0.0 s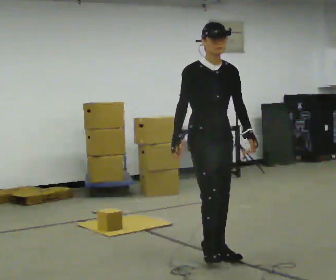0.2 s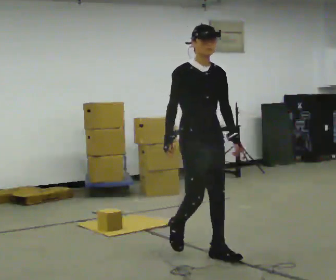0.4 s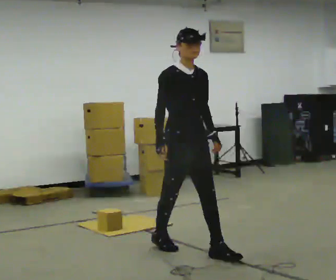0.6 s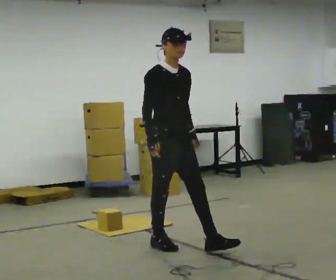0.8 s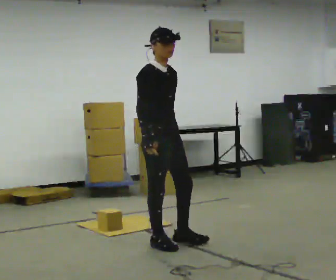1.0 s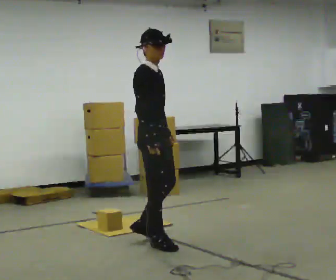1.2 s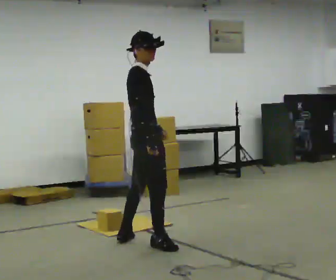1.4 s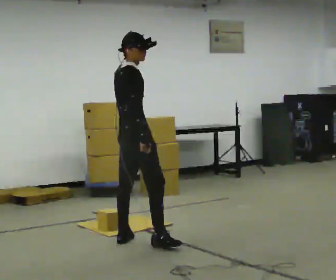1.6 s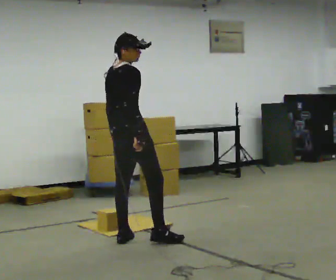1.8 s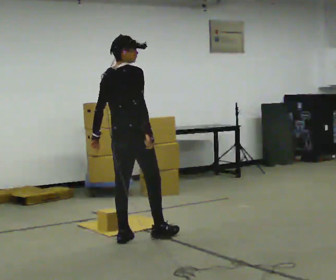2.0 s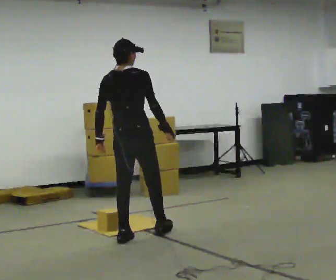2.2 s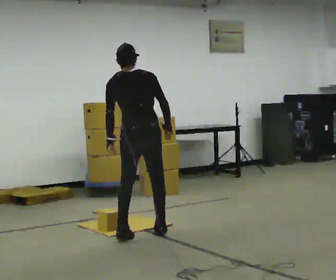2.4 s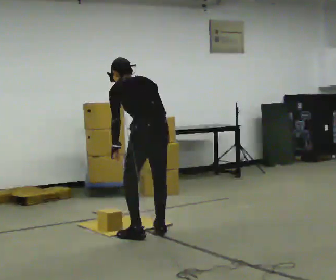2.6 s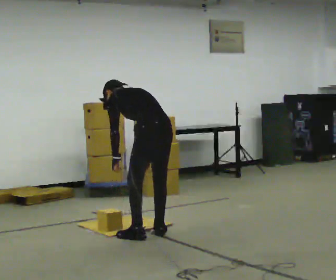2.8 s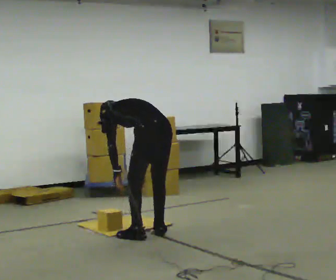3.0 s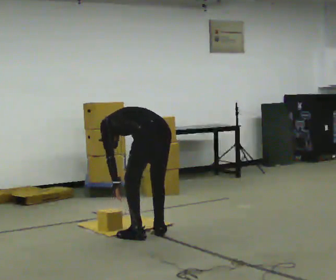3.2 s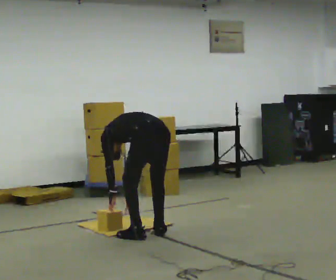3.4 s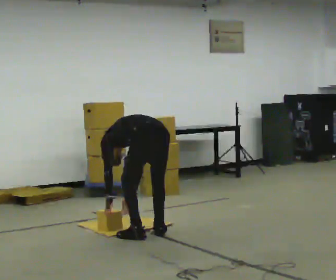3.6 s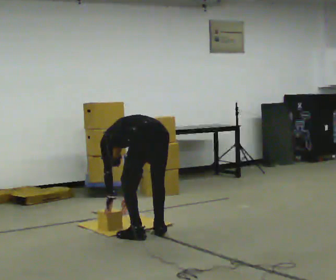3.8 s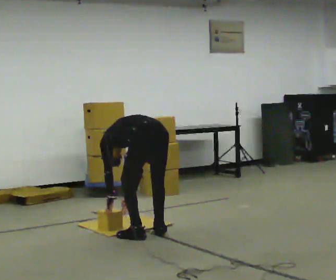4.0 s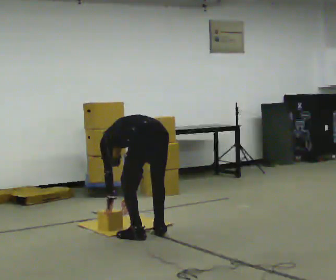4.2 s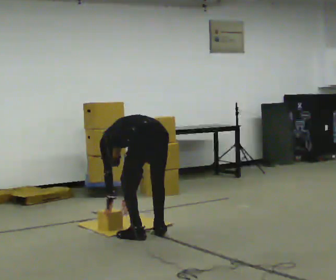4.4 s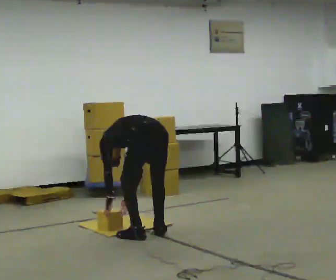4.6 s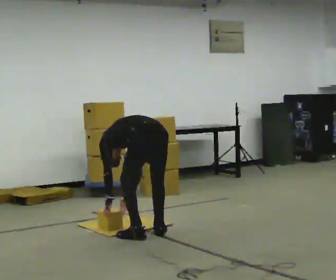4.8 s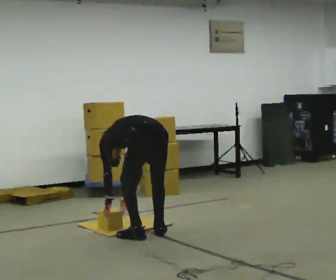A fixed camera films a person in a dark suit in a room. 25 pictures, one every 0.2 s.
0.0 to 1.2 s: The person turns about 75 degrees to their left, counterclockwise seen from above, so the part of the body nearest the lens slides to the right. In the picture they go to the left and away from the camera, about 0.75 m in 1 step.
1.2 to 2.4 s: The part of the body nearest the lens slides to the right as the person turns to their left by about 105 degrees. In the picture they go away from the camera, about 0.25 m in 2 steps. The upper body tips away from the camera, its near side rolling upward, as they bend forward. In the picture their left hand goes to the left.
2.4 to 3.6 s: The shoulders move downward. The upper body tips away from the camera, its near side rolling upward, as they bend forward. In the picture their right hand goes downward.
3.6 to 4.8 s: The person keeps their place and pose.
The film runs backward here.
